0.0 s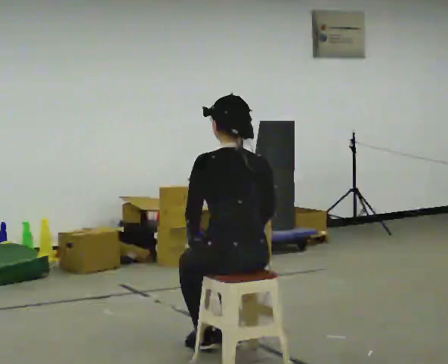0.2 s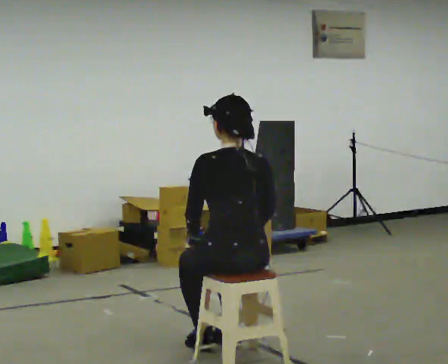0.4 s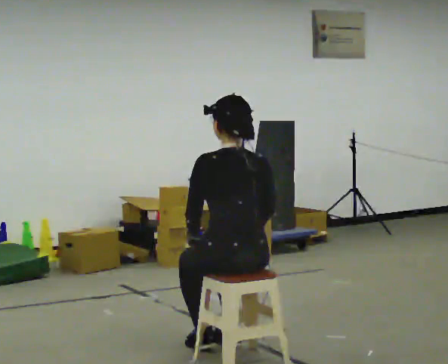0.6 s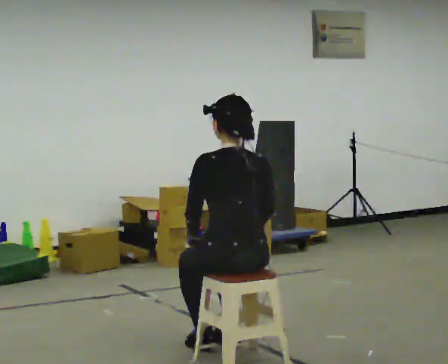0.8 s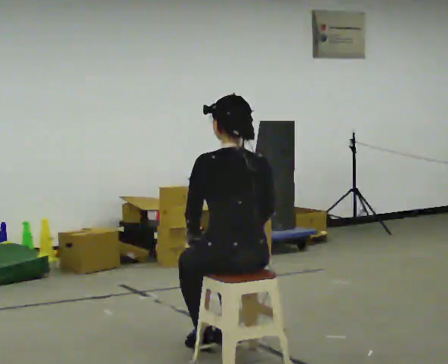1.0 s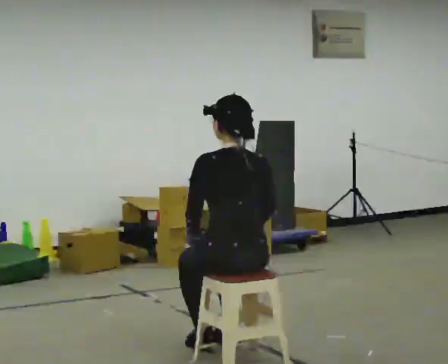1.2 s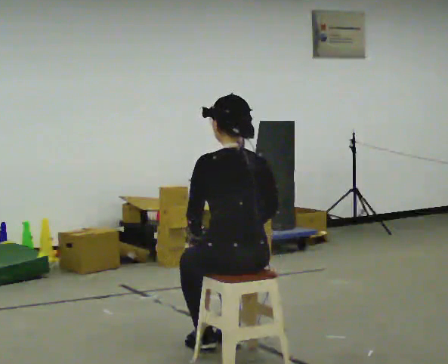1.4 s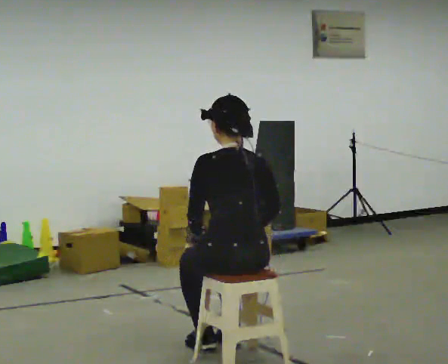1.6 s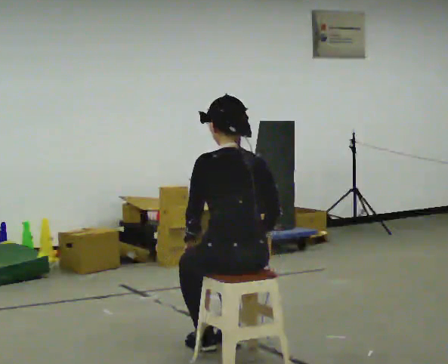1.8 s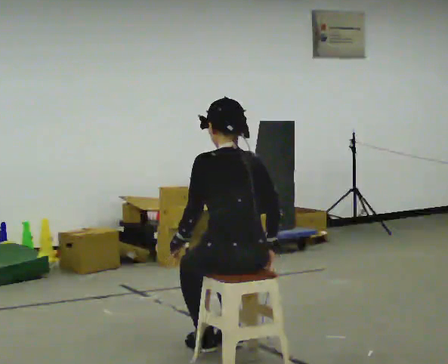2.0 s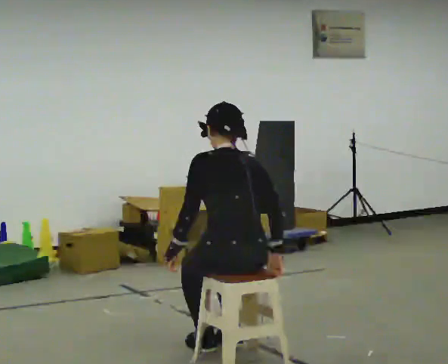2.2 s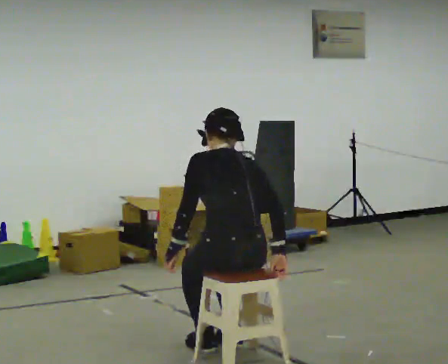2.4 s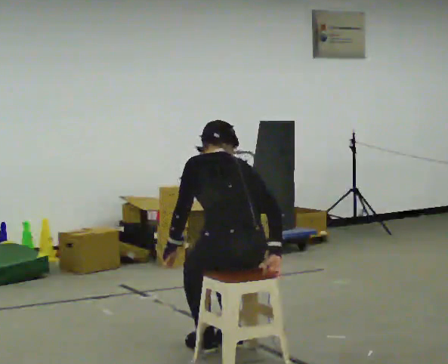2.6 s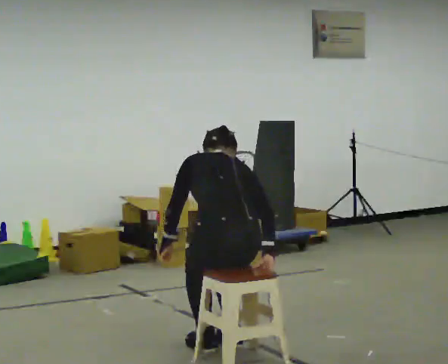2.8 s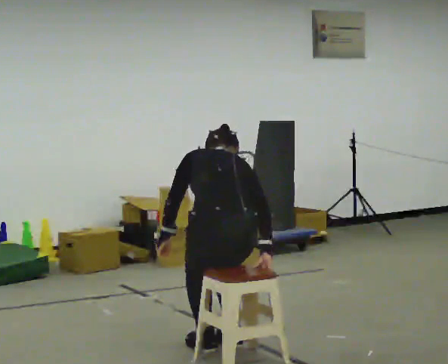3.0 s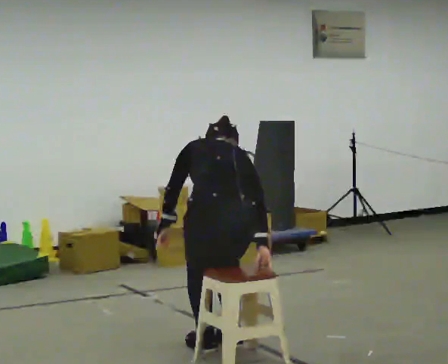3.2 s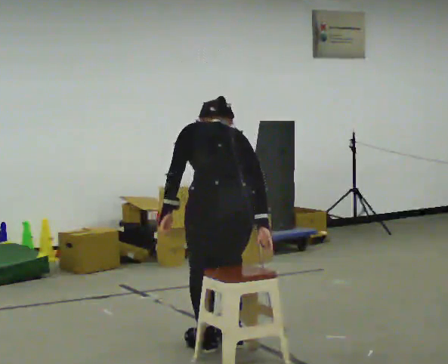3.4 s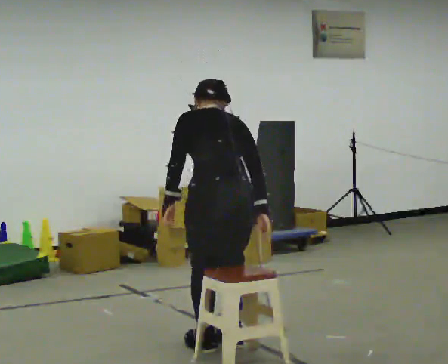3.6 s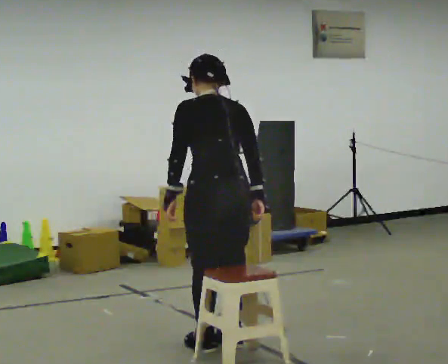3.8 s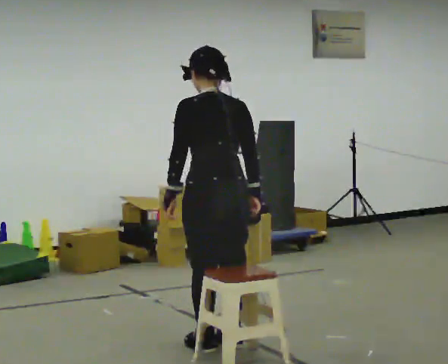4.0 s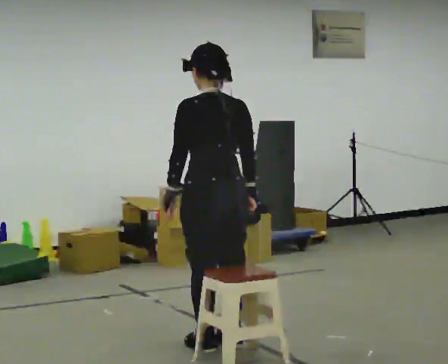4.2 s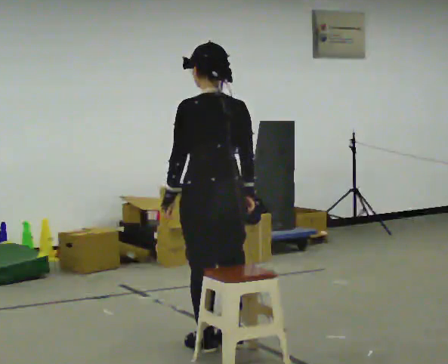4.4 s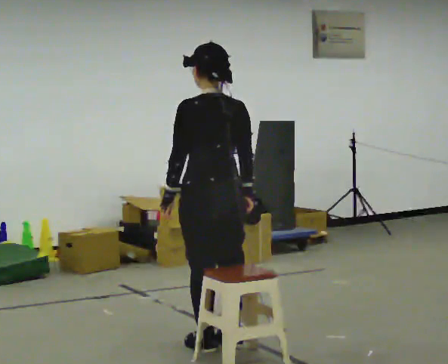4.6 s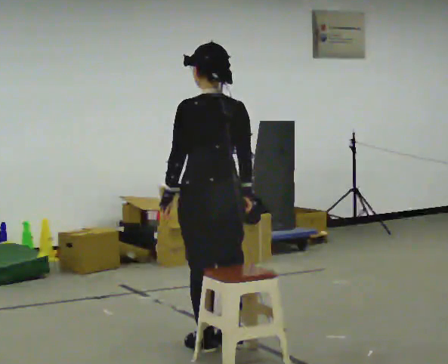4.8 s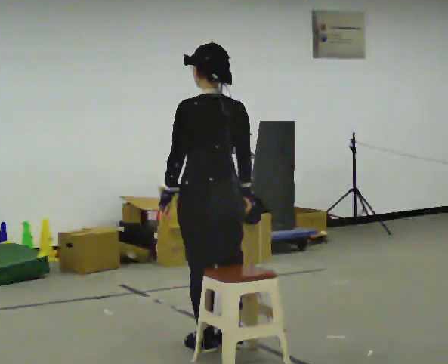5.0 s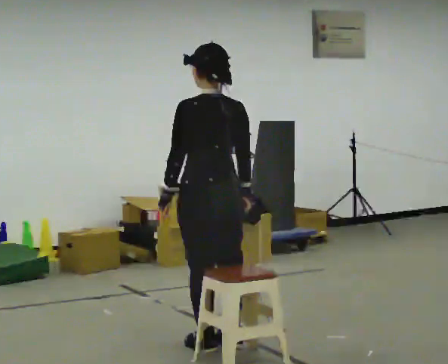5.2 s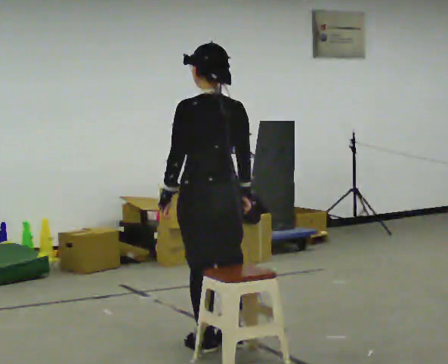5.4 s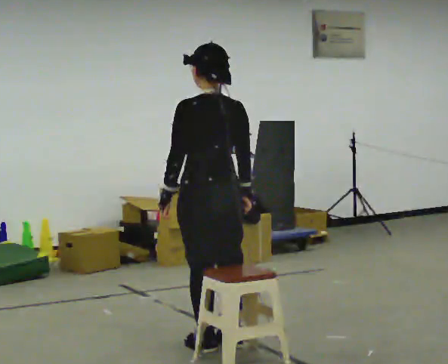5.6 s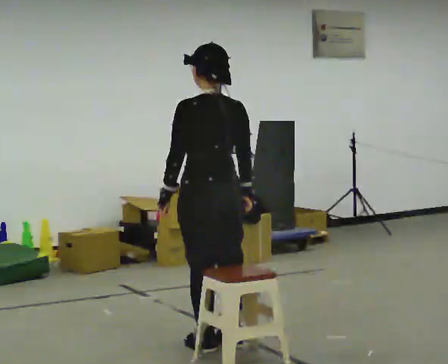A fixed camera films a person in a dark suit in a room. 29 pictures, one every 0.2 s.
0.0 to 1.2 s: The person keeps their place and pose.
1.2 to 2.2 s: The upper body tips away from the camera, its near side rolling upward, as they bend forward.
2.2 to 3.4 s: The shoulders move upward.
3.4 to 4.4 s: The upper body tips toward the camera, its near side rolling downward, as they lean back or straighten.
4.4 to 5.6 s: The person moves a little, or ends about where they began.
The film runs backward here.
